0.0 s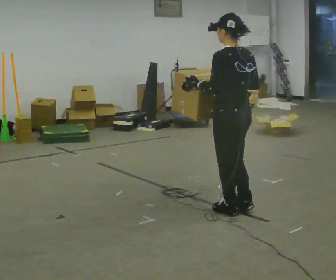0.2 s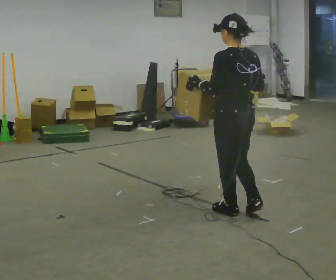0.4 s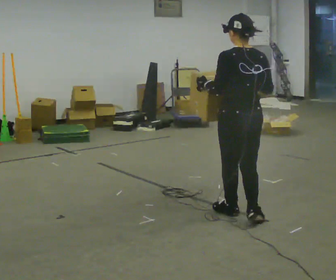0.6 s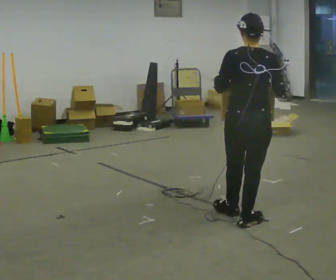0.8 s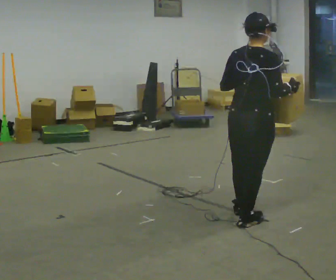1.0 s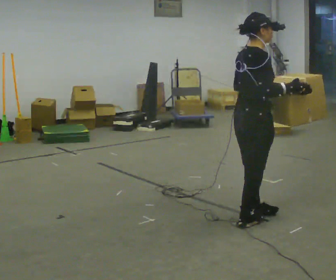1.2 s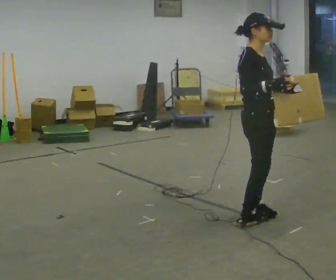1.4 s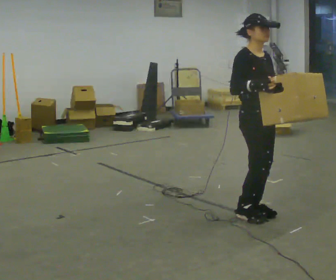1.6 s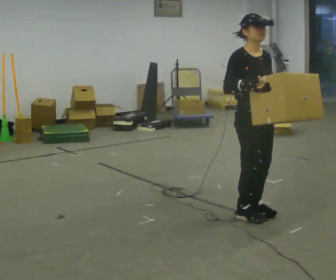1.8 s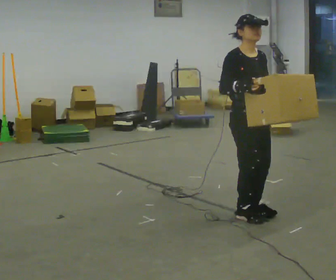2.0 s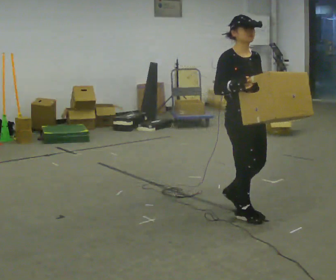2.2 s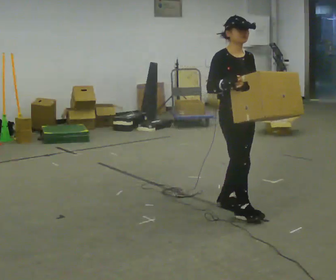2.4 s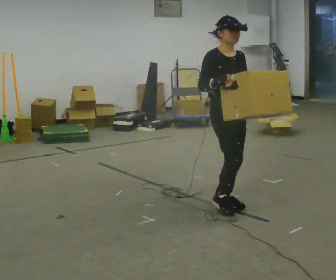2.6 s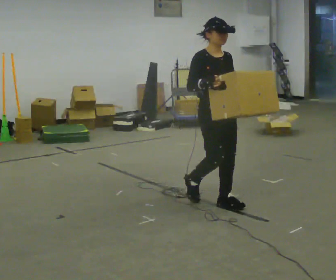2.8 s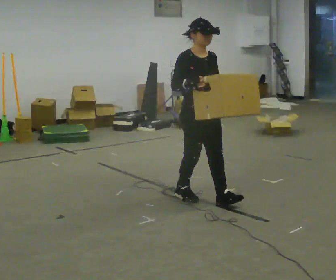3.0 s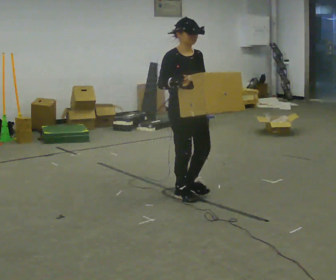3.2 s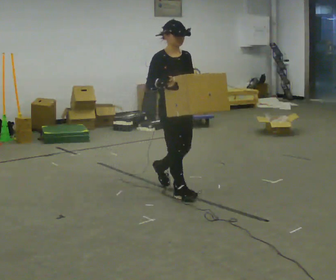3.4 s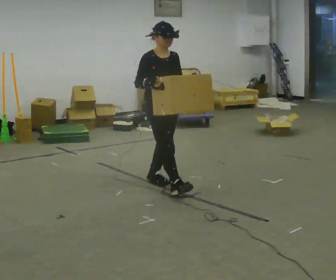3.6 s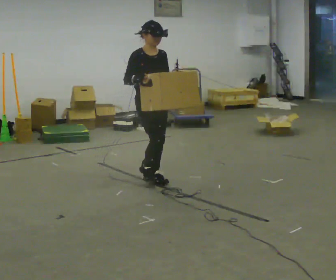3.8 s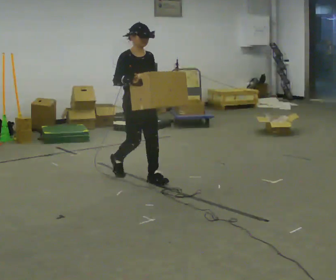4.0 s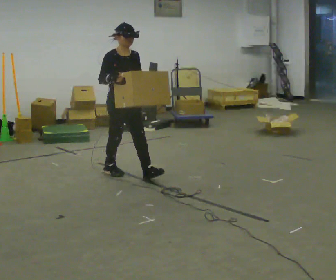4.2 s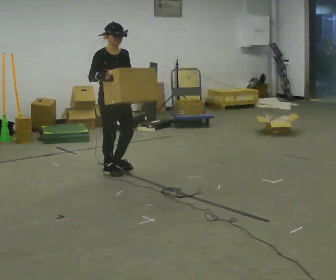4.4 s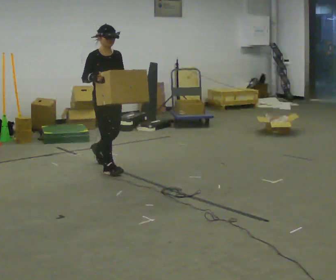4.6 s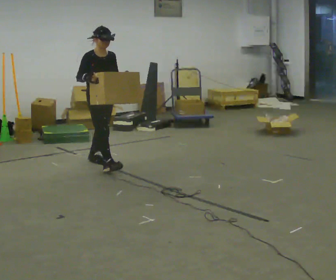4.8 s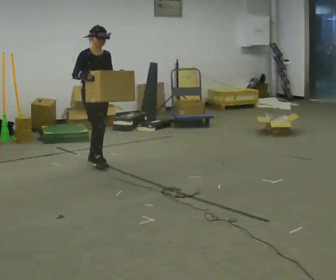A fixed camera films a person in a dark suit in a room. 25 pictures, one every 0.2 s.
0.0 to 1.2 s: The part of the body nearest the lens slides to the left as the person turns to their right by about 135 degrees.
1.2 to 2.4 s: The part of the body nearest the lens slides to the left as the person turns to their right by about 45 degrees. In the picture they go away from the camera and to the left, about 0.25 m in 3 steps, which for them is backward.
2.4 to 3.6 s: In the picture they go away from the camera and to the left, about 1 m in 2 steps, which for them is backward.
3.6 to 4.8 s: In the picture they go away from the camera and to the left, about 1 m in 2 steps, which for them is backward.
The film runs backward here.
